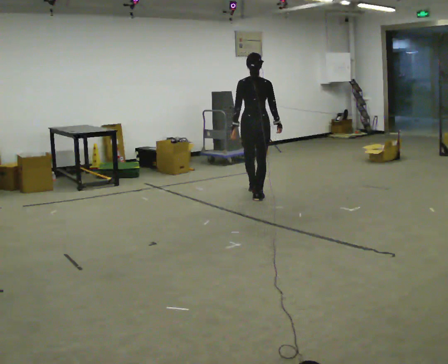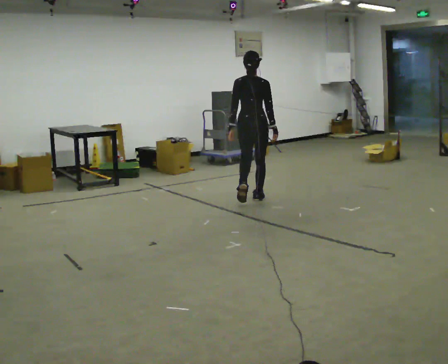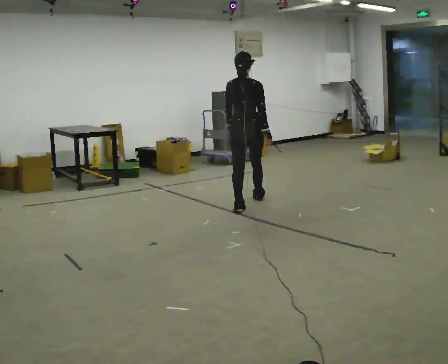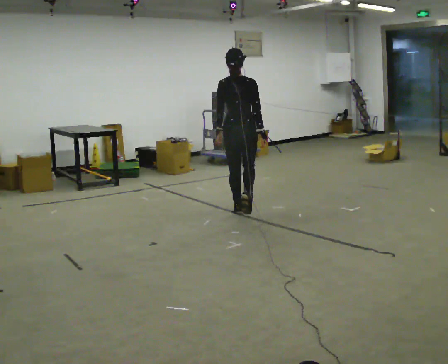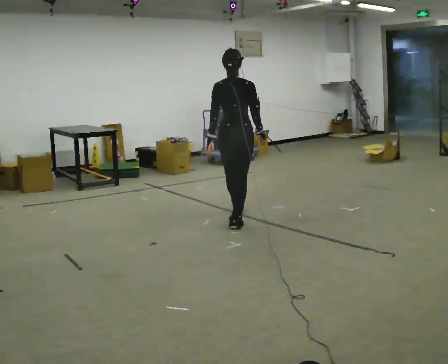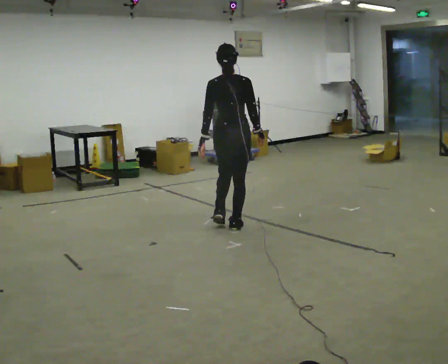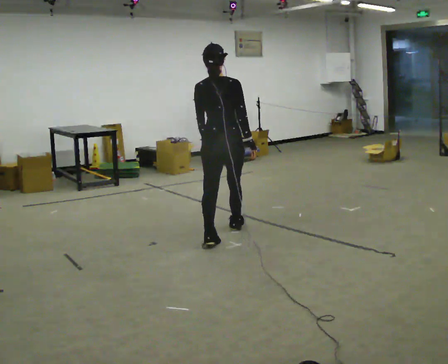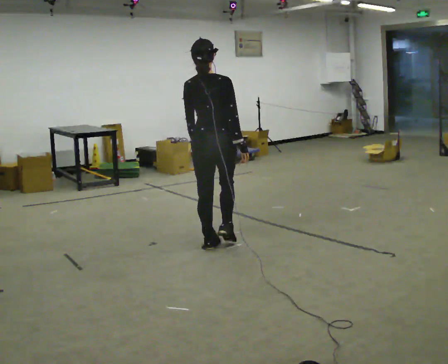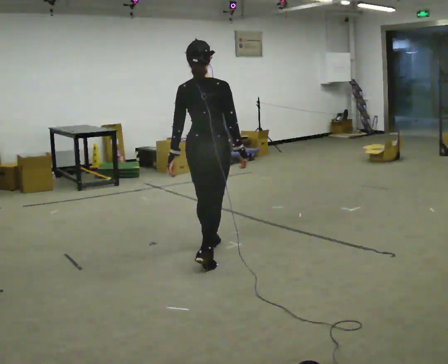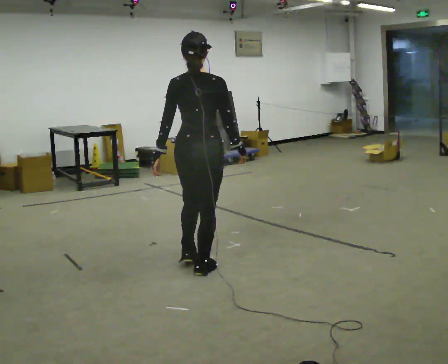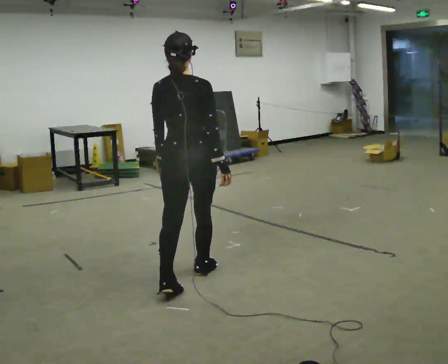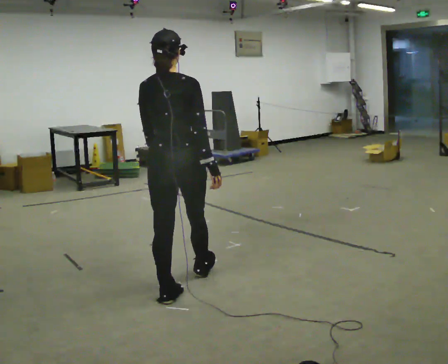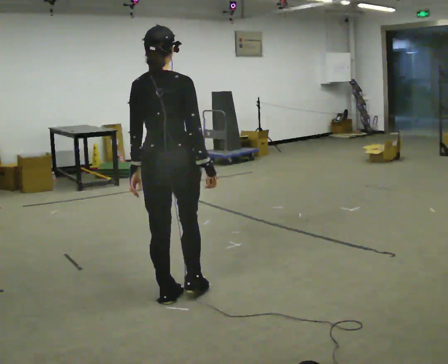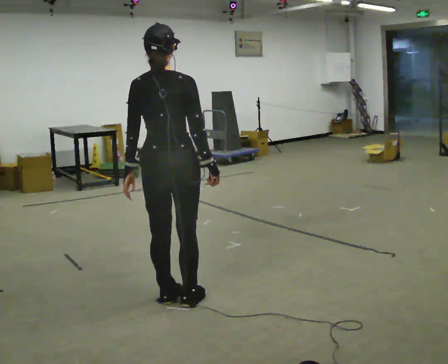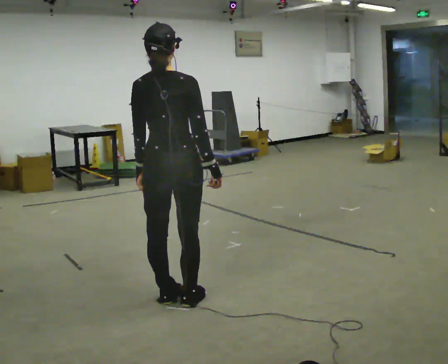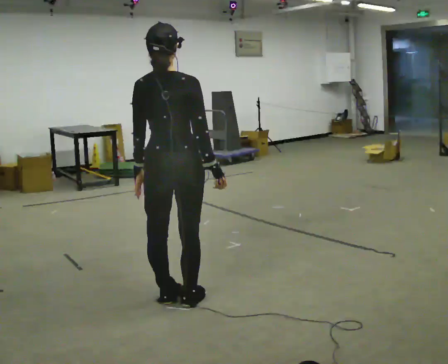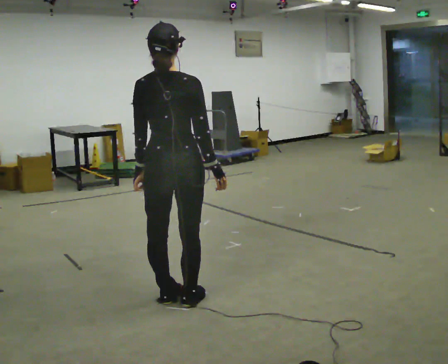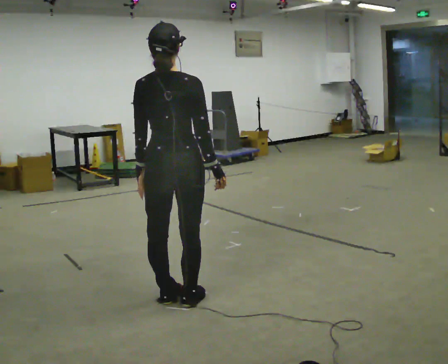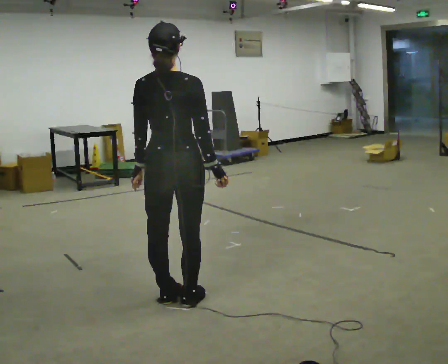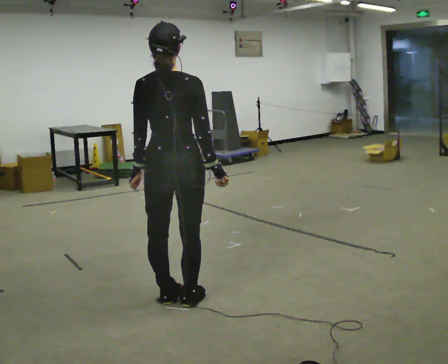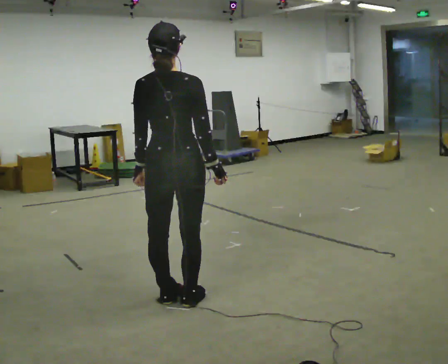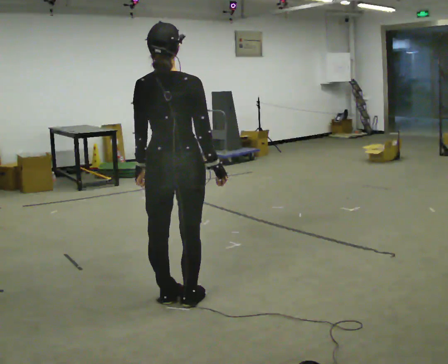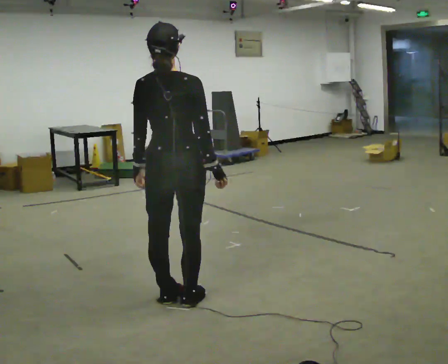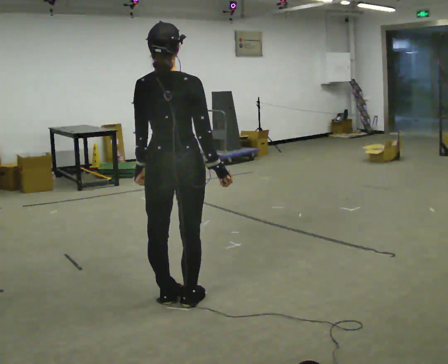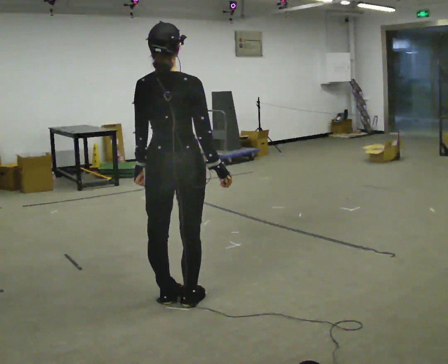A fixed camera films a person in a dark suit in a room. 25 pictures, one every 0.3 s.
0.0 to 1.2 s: In the picture they go toward the camera, about 1 m in 2 steps, which for them is backward.
1.2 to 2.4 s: In the picture they go toward the camera, about 1 m in 1 step, which for them is backward.
2.4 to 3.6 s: In the picture they go toward the camera, about 1 m in 2 steps, which for them is backward.
3.6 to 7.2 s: The person moves a little, or ends about where they began.
The film runs backward here.
